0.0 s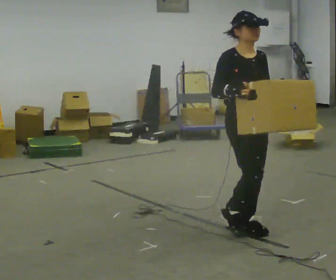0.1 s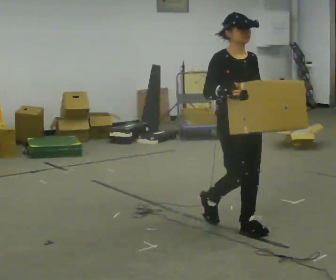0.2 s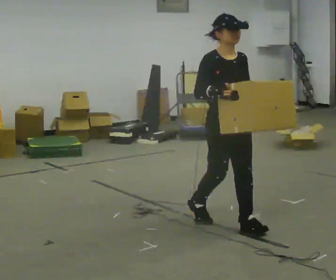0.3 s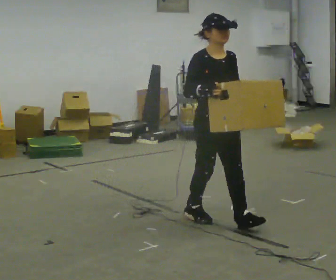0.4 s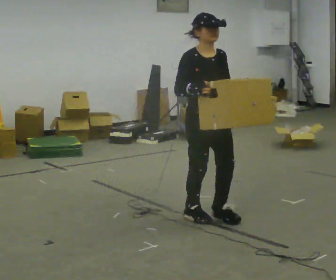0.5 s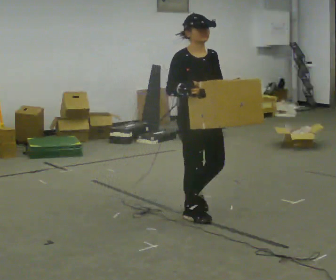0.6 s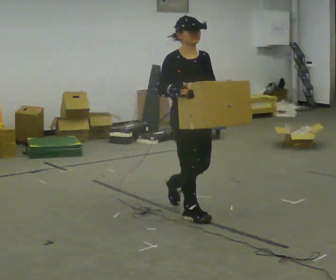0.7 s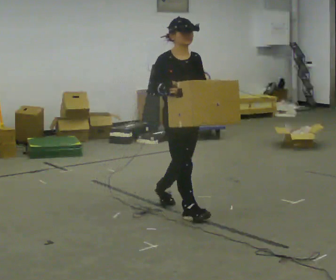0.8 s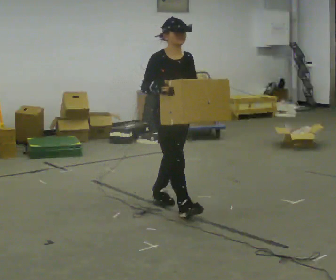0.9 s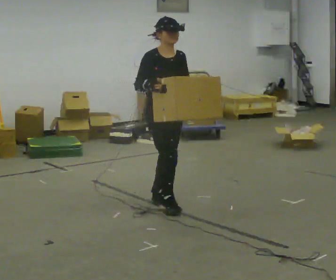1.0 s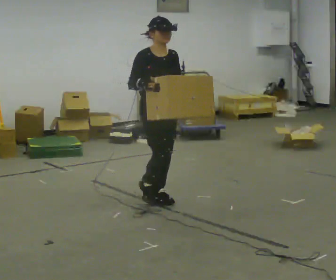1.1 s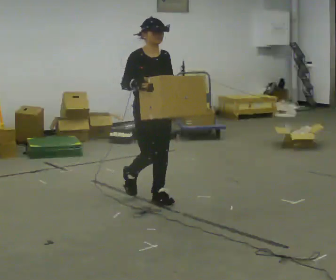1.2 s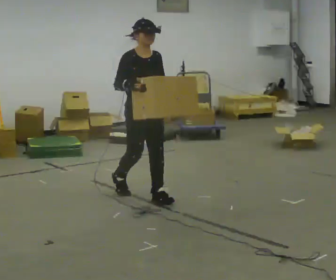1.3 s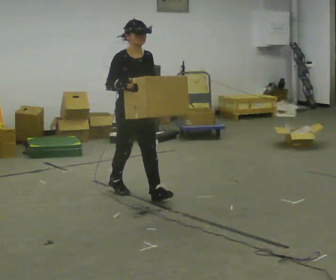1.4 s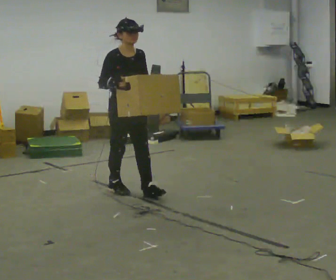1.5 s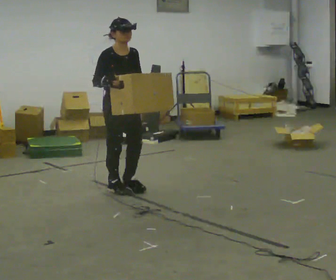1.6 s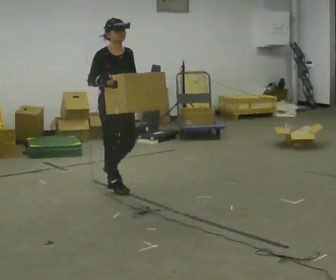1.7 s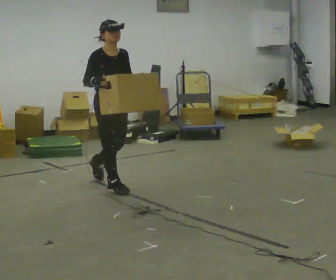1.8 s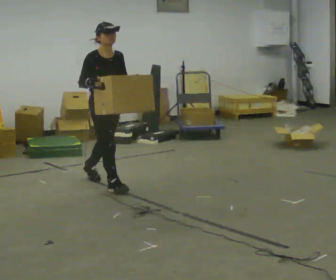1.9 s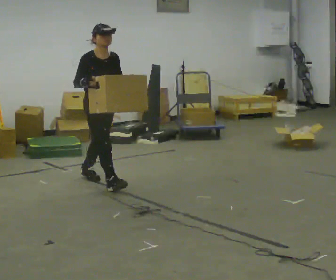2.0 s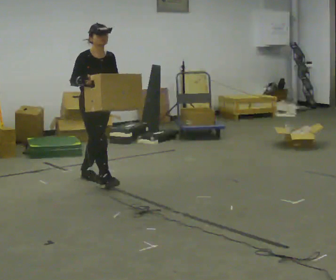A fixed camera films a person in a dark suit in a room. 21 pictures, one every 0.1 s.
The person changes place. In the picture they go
away from the camera.
0.0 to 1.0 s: In the picture they go away from the camera and to the left, about 1 m in 2 steps, which for them is backward.
1.0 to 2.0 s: In the picture they go away from the camera and to the left, about 1 m in 2 steps, which for them is backward.
The film runs backward here.
